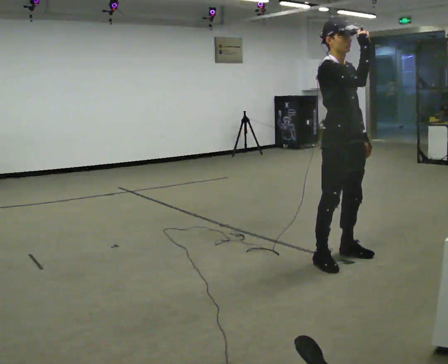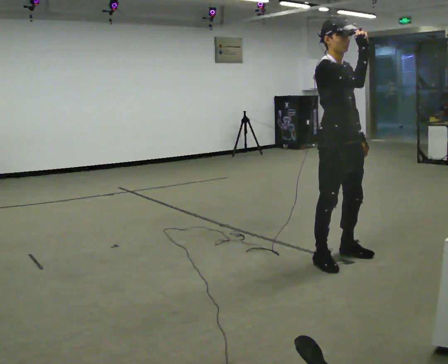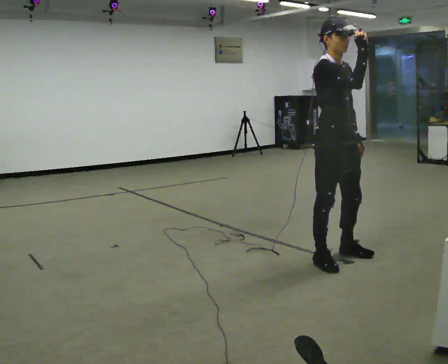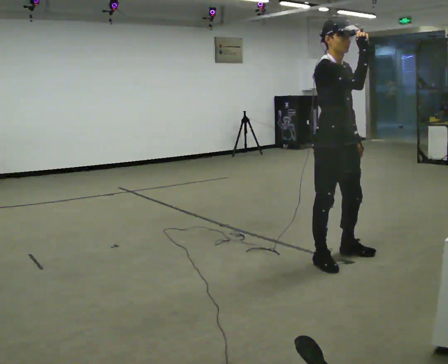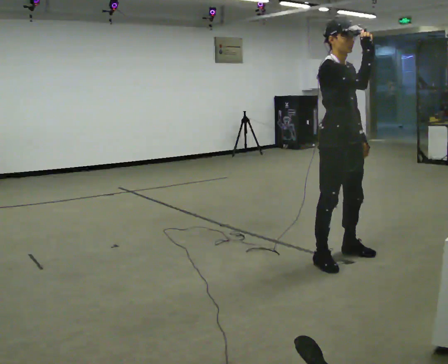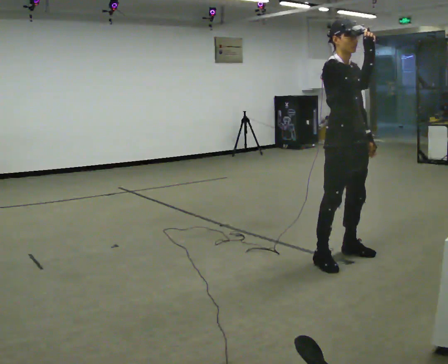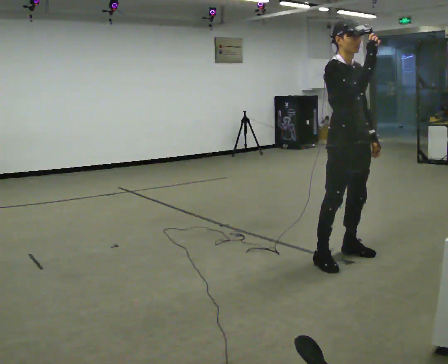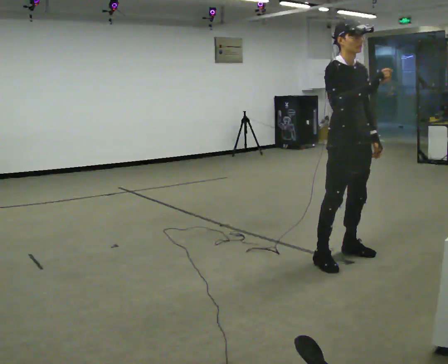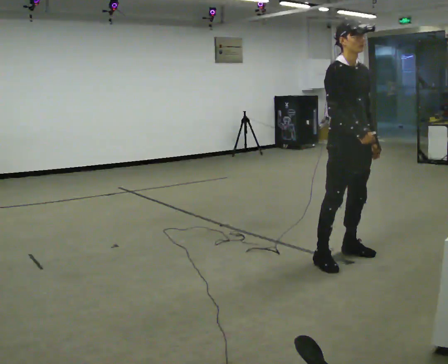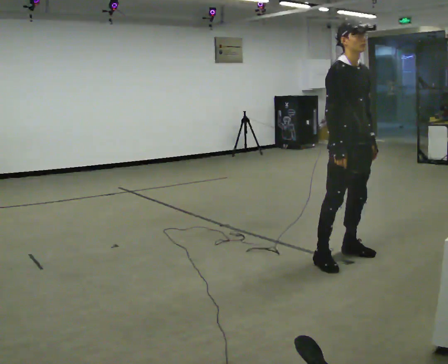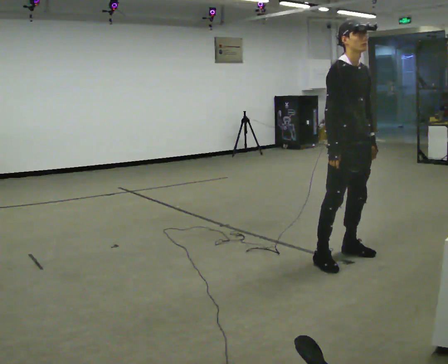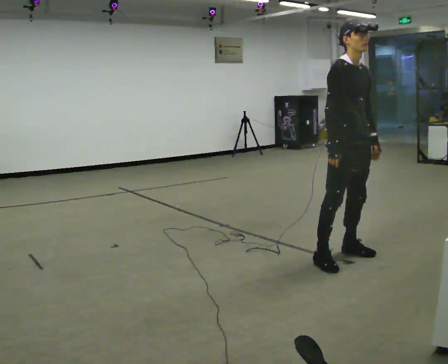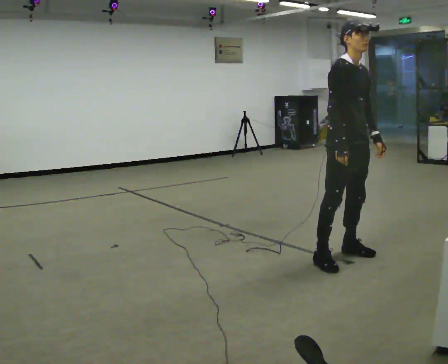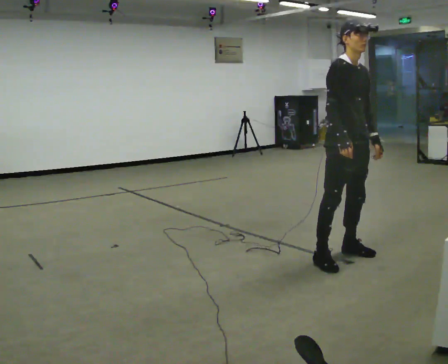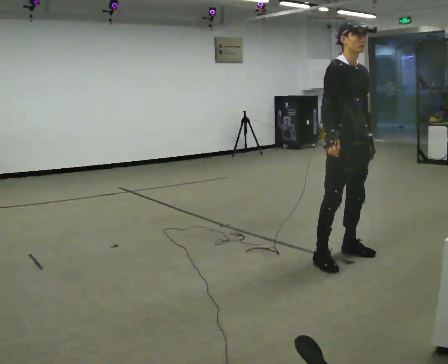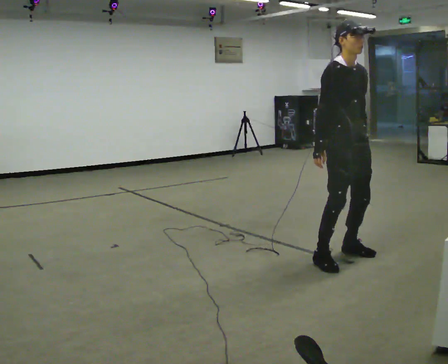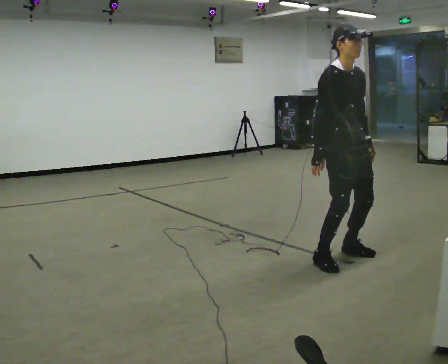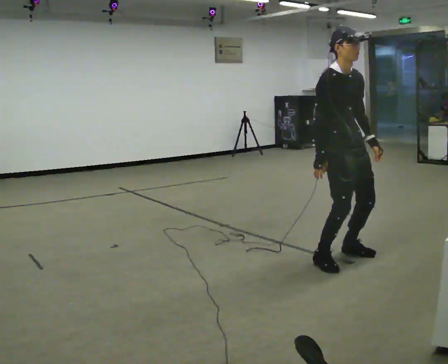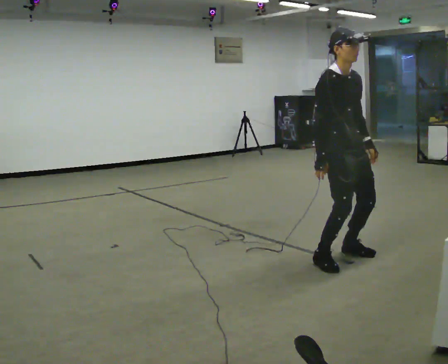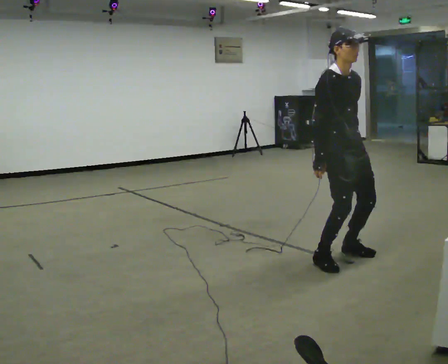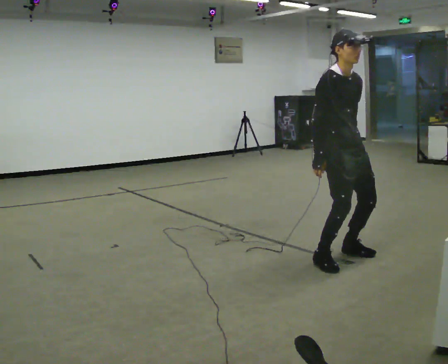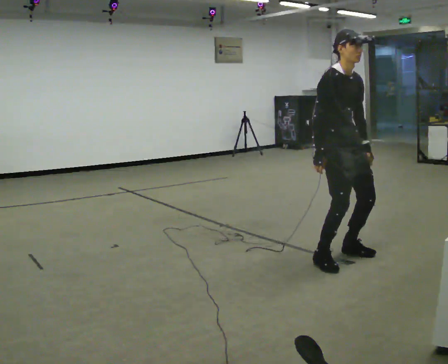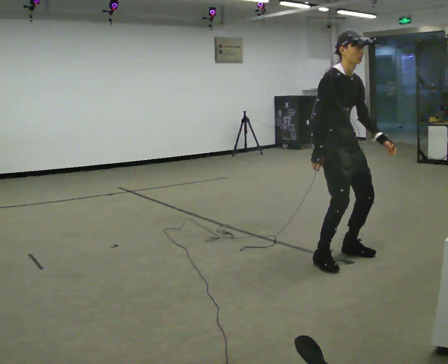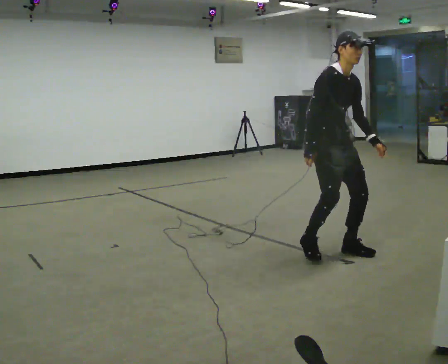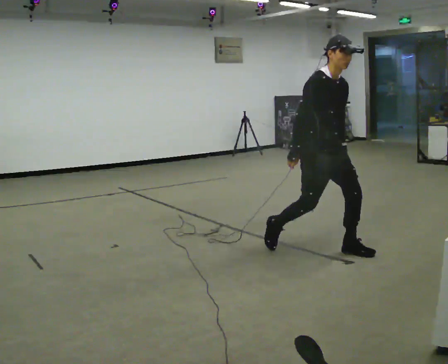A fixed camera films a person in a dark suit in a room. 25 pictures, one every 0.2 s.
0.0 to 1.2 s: The person moves a little, or ends about where they began.
1.2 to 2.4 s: In the picture their right hand goes downward.
2.4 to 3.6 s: The person moves a little, or ends about where they began.
3.6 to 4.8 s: In the picture they go away from the camera, about 0.25 m in 1 step, which for them is backward.
The film runs backward here.
